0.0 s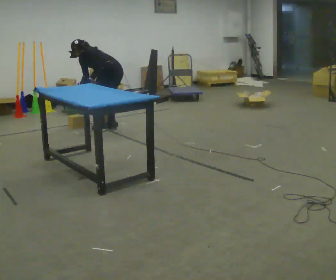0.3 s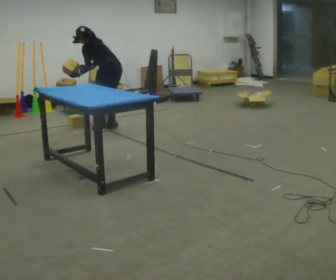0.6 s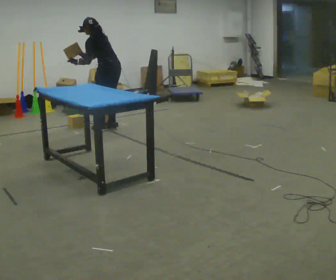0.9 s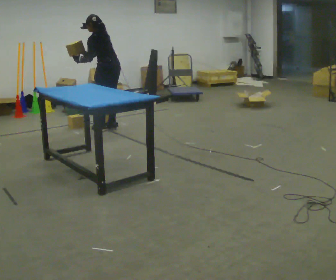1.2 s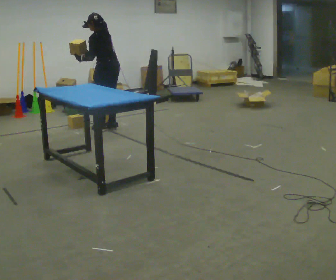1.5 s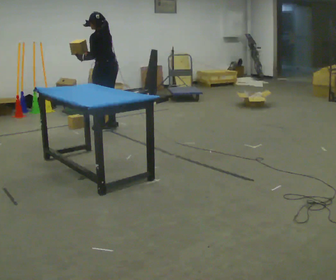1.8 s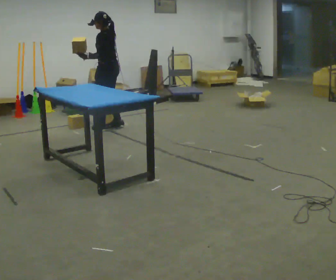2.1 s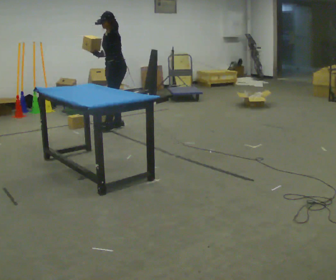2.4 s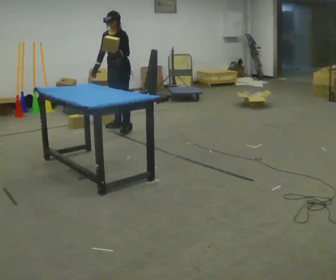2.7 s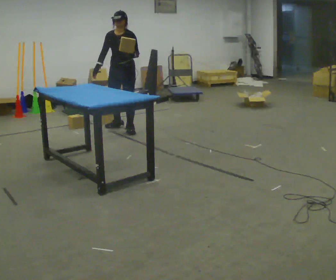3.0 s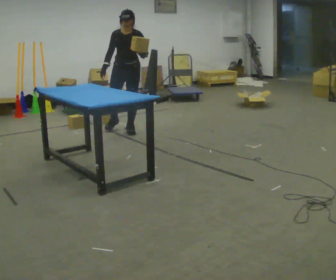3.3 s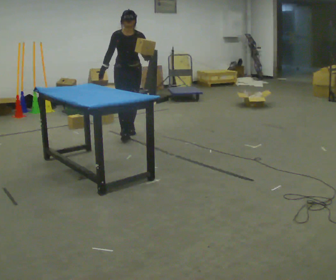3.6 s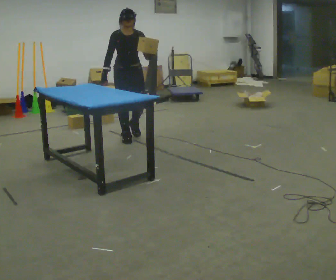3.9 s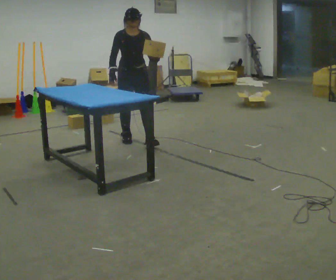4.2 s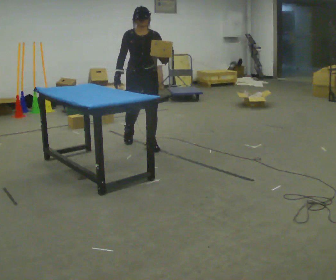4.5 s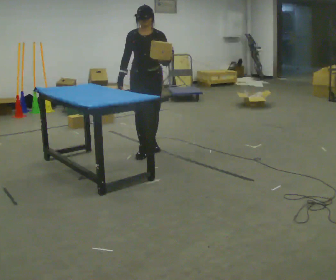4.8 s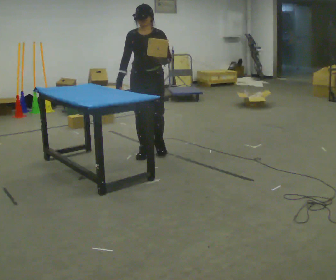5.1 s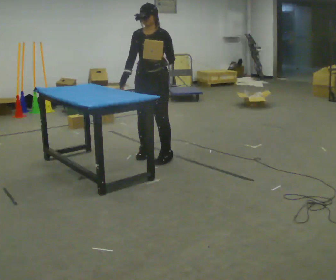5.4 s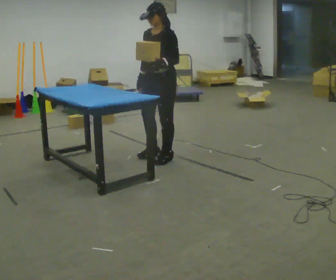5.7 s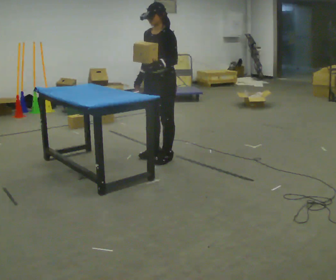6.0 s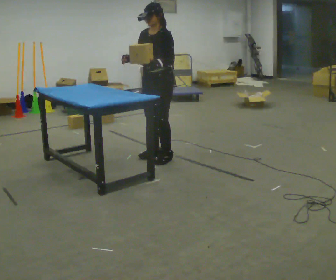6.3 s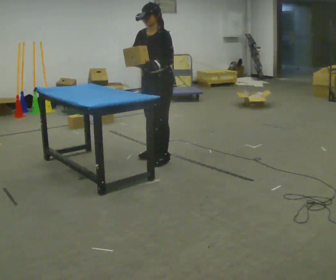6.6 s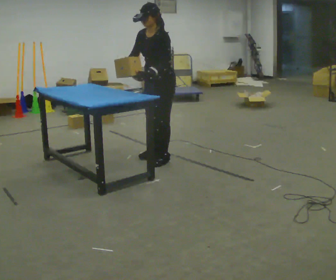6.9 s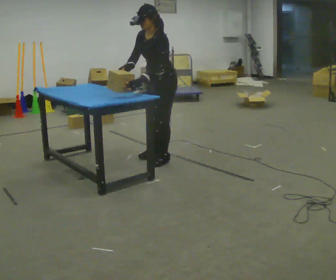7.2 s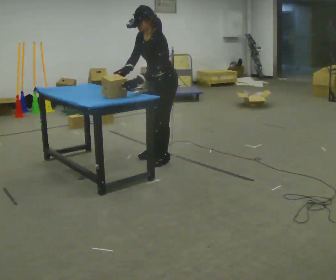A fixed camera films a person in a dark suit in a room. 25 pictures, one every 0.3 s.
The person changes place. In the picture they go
toward the camera.
0.0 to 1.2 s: The shoulders move upward. In the picture the upper body tilts clockwise, shoulders to the right, as they lean back or straighten. In the picture their left hand goes upward.
1.2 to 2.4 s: Seen from above the body turns counterclockwise, about 75 degrees: to their left, with its near side sliding to the right. In the picture they go to the right, about 0.25 m in 1 step. In the picture their left hand goes to the right.
2.4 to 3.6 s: The person turns about 60 degrees to their left, counterclockwise seen from above, so the part of the body nearest the lens slides to the right. In the picture they go toward the camera, about 0.5 m in 2 steps, which for them is forward.
3.6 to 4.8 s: In the picture they go toward the camera, about 0.75 m in 2 steps, which for them is forward.
4.8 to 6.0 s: The person turns about 30 degrees to their right, clockwise seen from above, so the part of the body nearest the lens slides to the left.
6.0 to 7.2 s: In the picture they go toward the camera, about 0.25 m, which for them is to their left. In the picture the upper body tilts counterclockwise, shoulders to the left, as they bend forward.
The film runs forward here.
